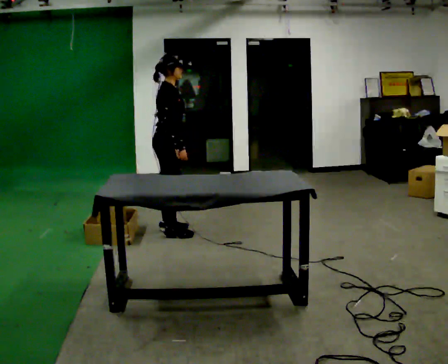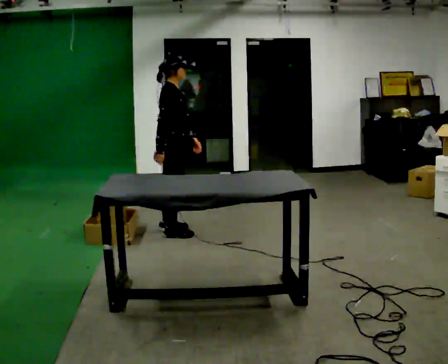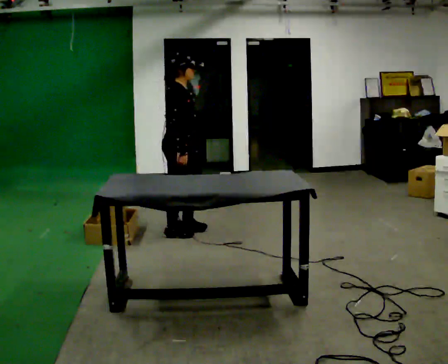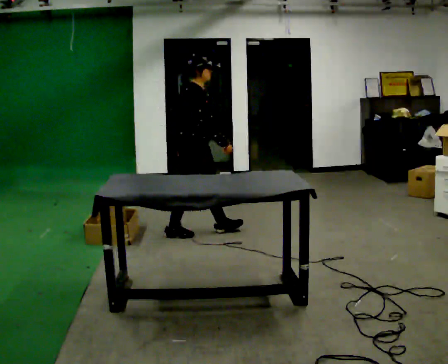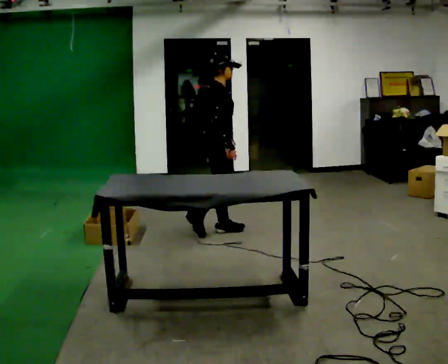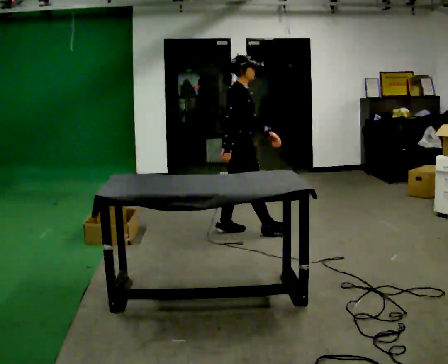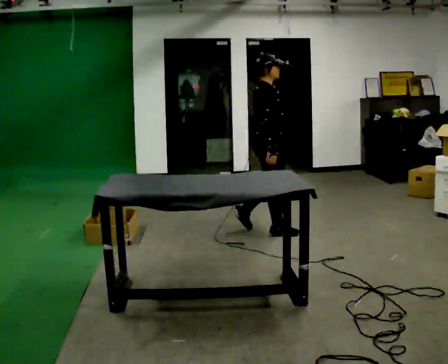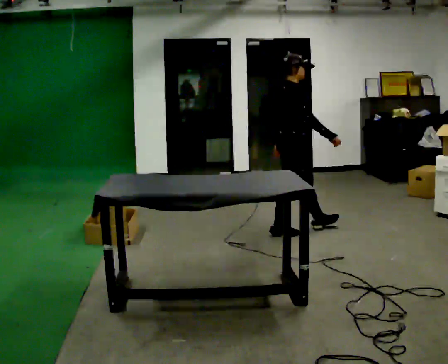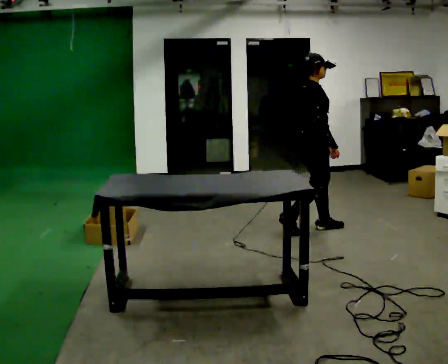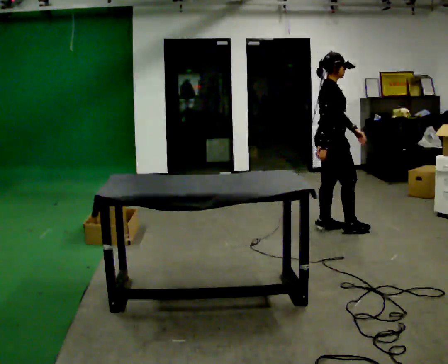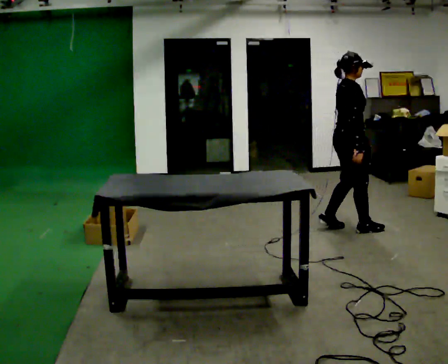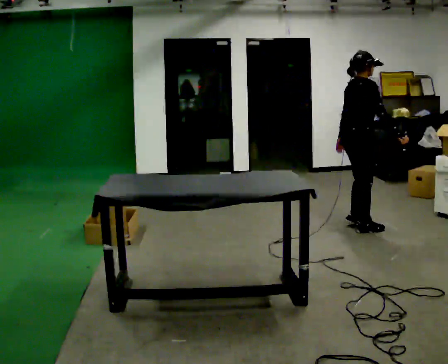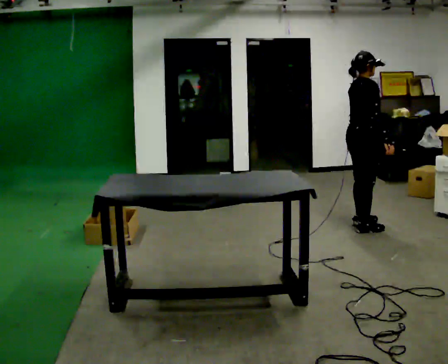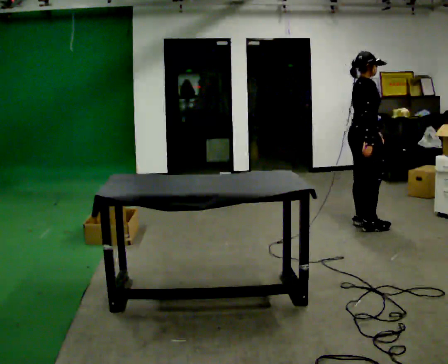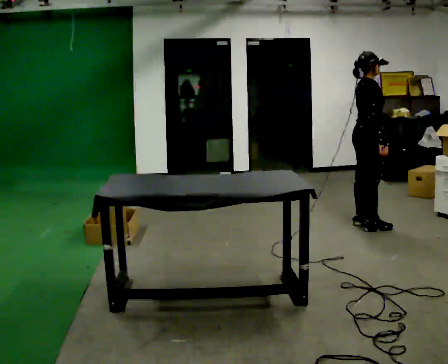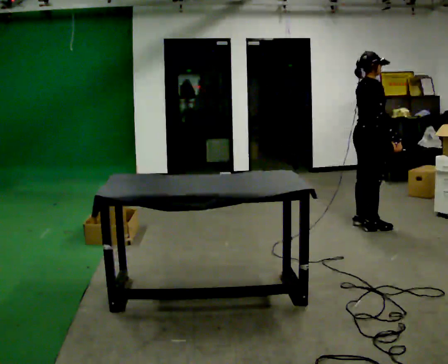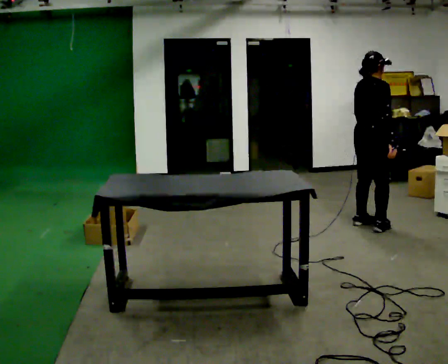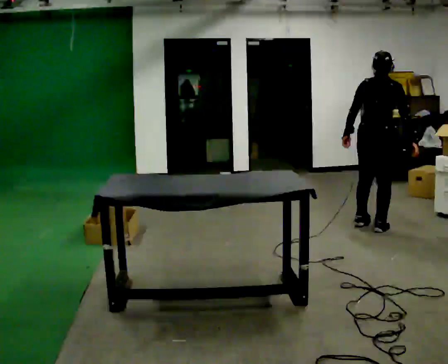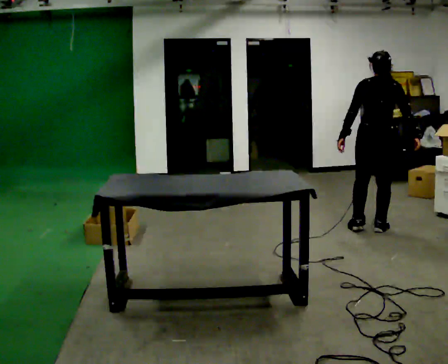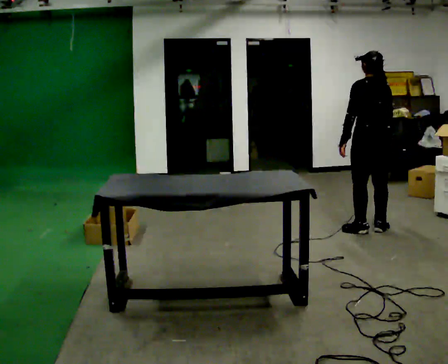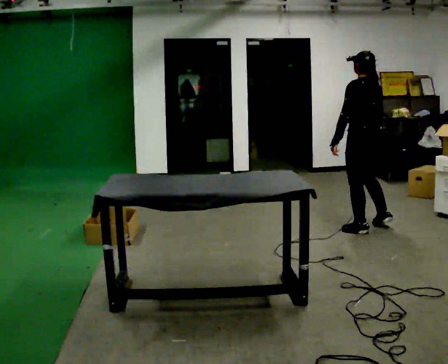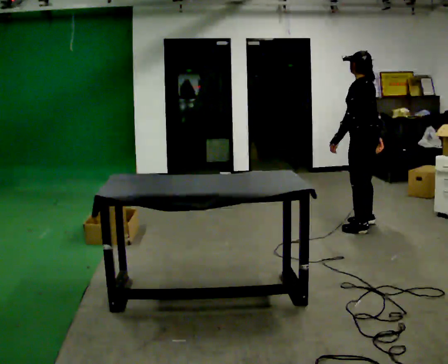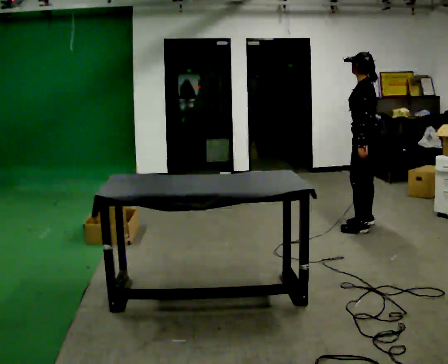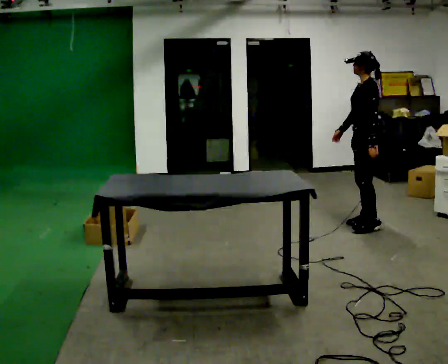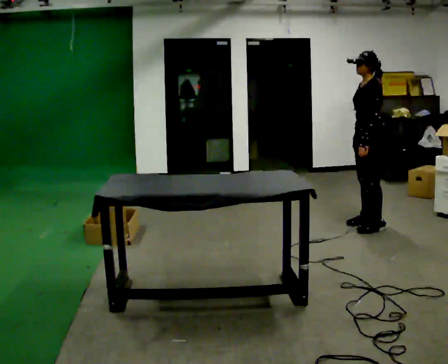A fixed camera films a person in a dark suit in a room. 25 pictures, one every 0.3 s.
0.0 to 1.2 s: In the picture they go to the right and away from the camera, about 0.5 m in 1 step, which for them is forward.
1.2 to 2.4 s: In the picture they go to the right, about 1 m in 2 steps, which for them is forward.
2.4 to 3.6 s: In the picture they go to the right, about 0.5 m in 2 steps, which for them is forward.
3.6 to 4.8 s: The part of the body nearest the lens slides to the right as the person turns to their left by about 30 degrees.
4.8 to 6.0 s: Seen from above the body turns counterclockwise, about 105 degrees: to their left, with its near side sliding to the right.
6.0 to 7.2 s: Seen from above the body turns counterclockwise, about 45 degrees: to their left, with its near side sliding to the right.
The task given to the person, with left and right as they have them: Carry each object across the room and drop it into the container on the floor, then walk back for the next one. Keep going until the operator says stop; one object at a time, and do not rush between trips.
The film runs forward here.
